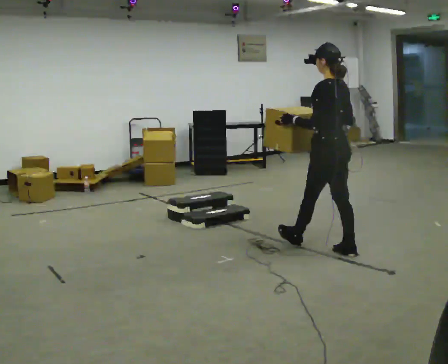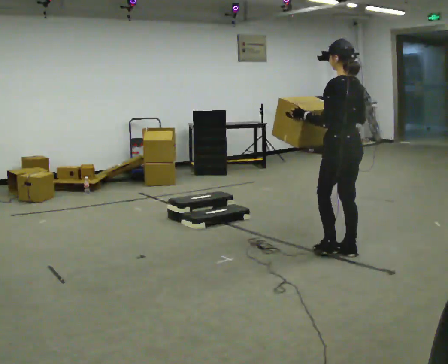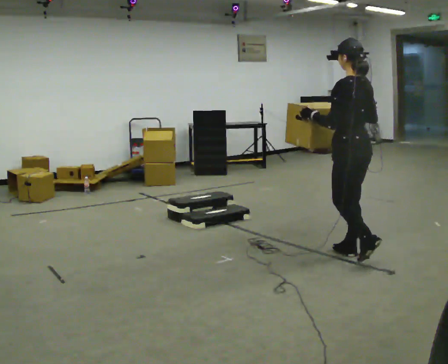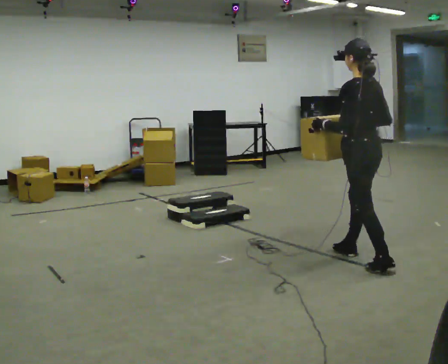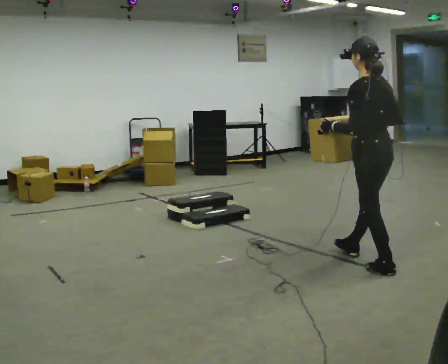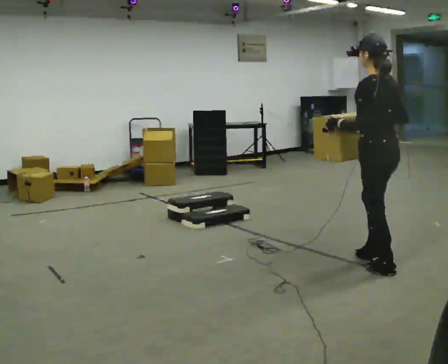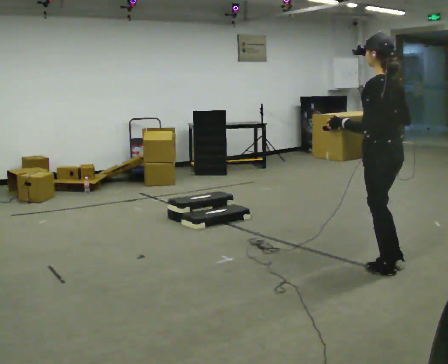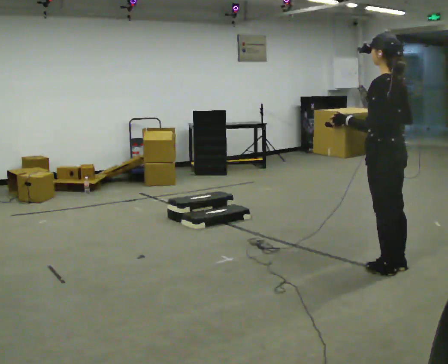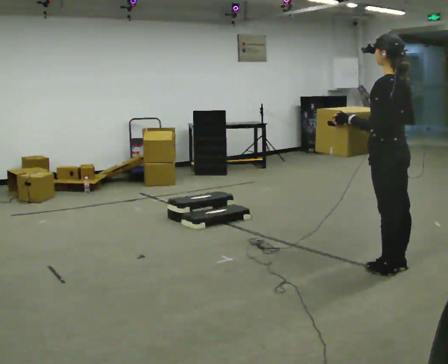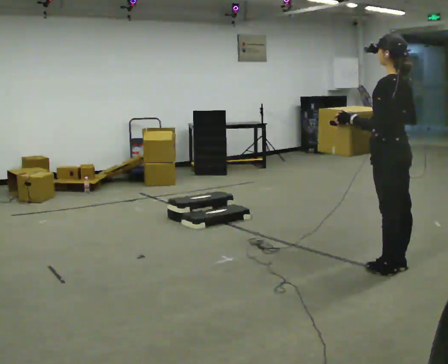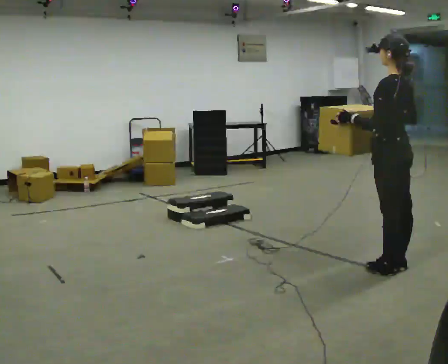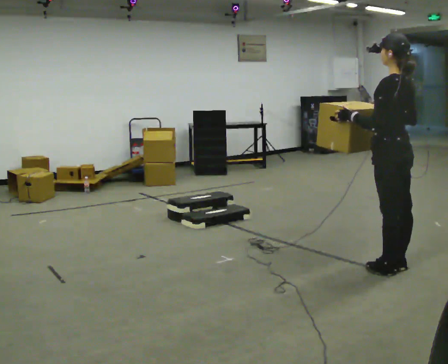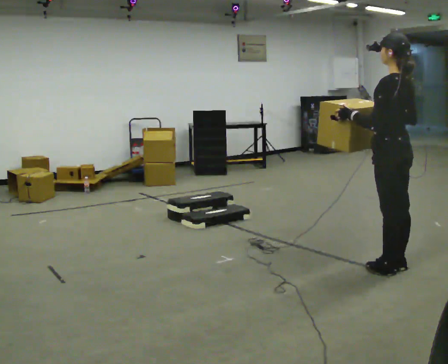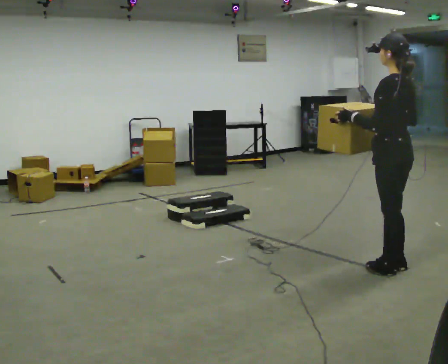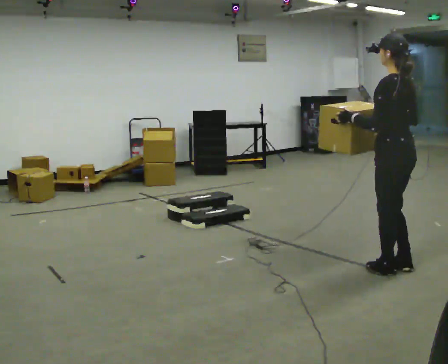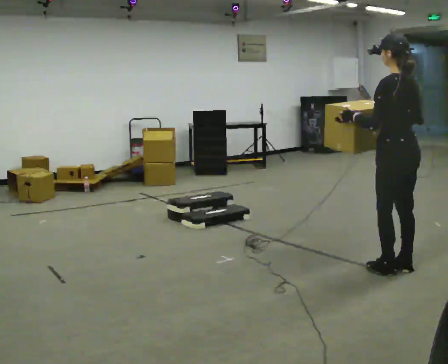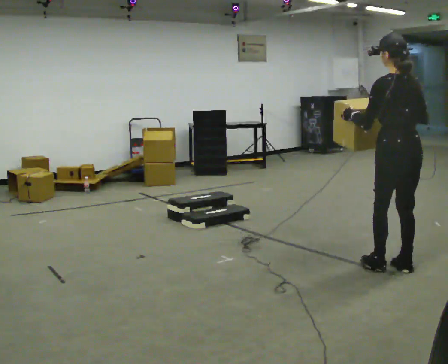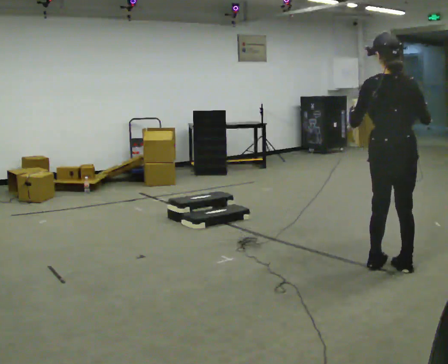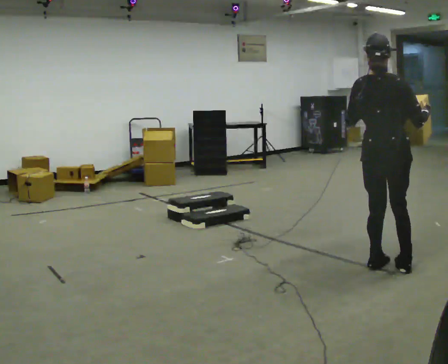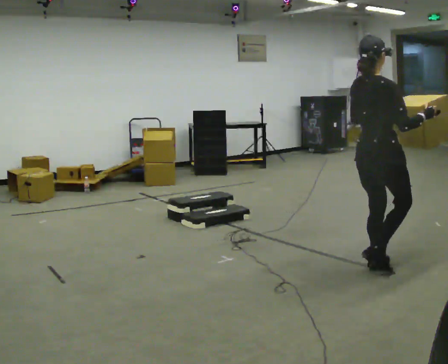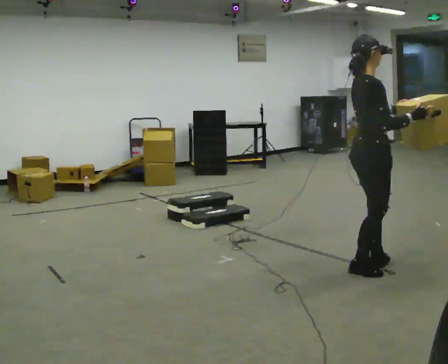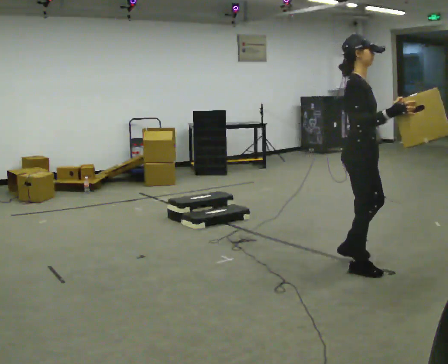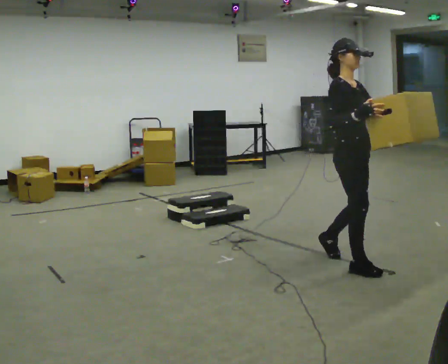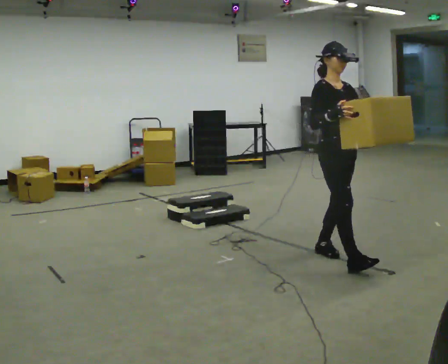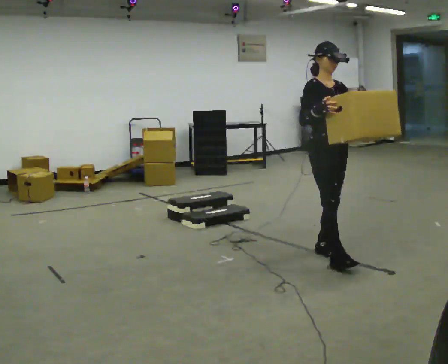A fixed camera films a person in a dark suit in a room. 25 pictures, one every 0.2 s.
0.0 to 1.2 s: In the picture they go toward the camera and to the right, about 0.5 m in 1 step, which for them is backward.
1.2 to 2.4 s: The person moves a little, or ends about where they began.
2.4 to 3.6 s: The person turns about 75 degrees to their right, clockwise seen from above, so the part of the body nearest the lens slides to the left.
3.6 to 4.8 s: The person turns about 120 degrees to their right, clockwise seen from above, so the part of the body nearest the lens slides to the left. In the picture they go to the left and away from the camera, about 0.5 m in 2 steps.
The film runs backward here.
